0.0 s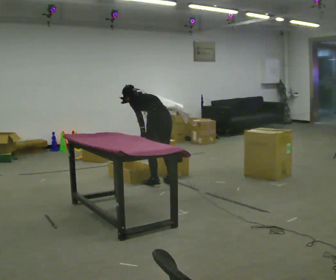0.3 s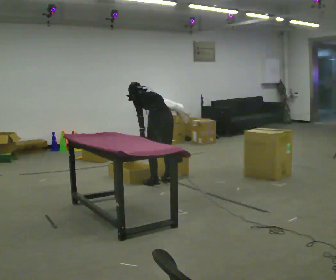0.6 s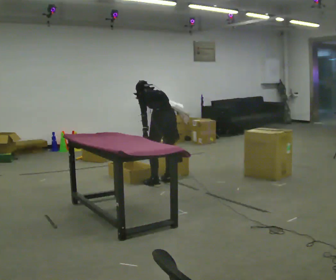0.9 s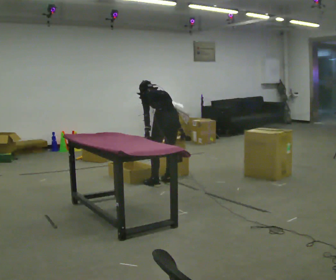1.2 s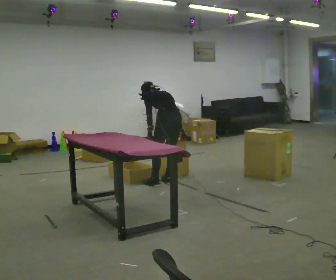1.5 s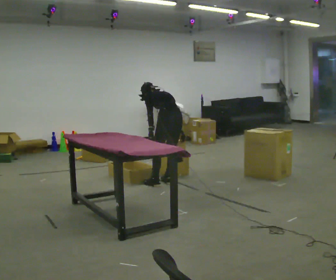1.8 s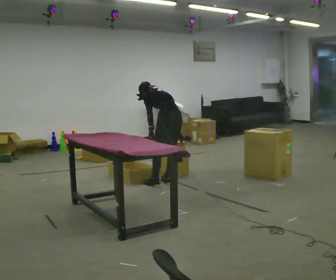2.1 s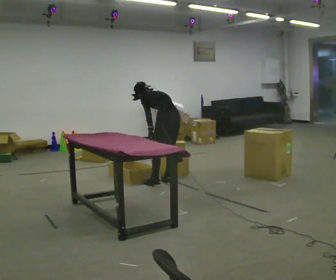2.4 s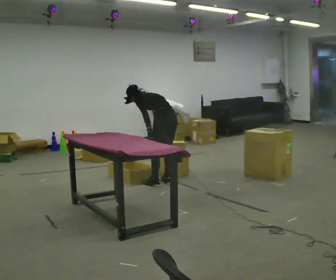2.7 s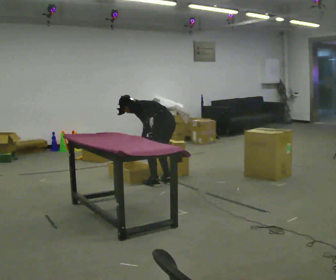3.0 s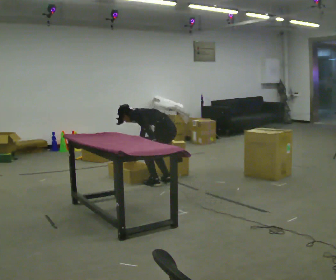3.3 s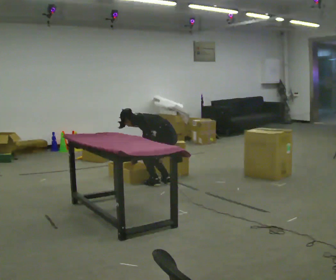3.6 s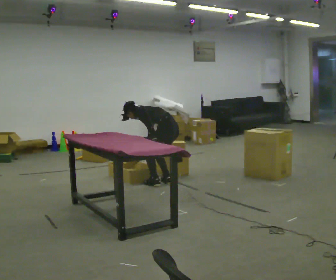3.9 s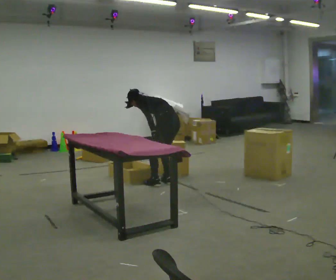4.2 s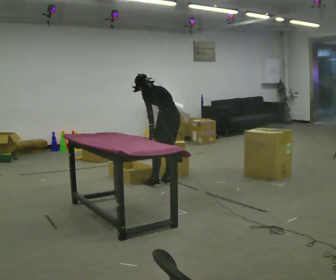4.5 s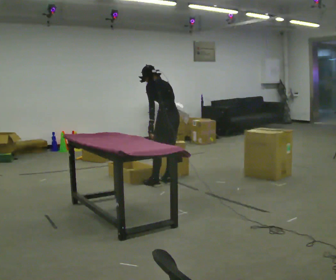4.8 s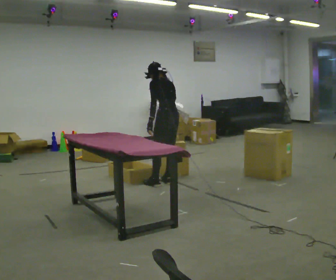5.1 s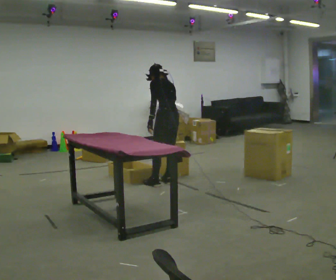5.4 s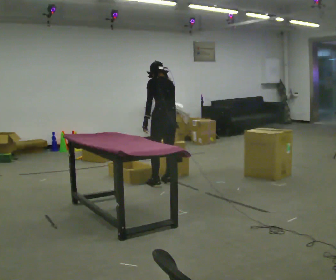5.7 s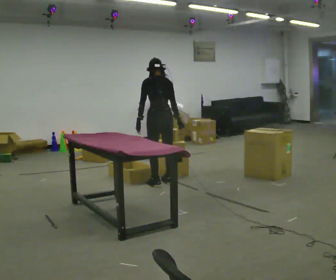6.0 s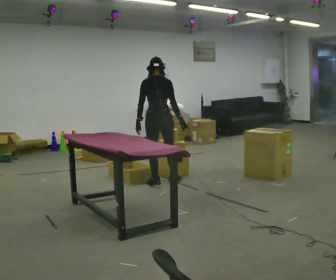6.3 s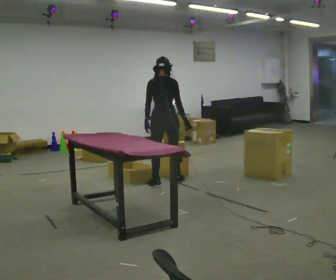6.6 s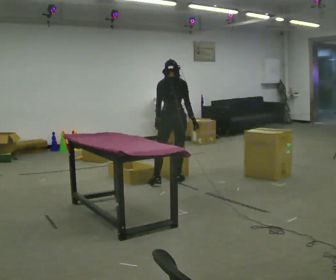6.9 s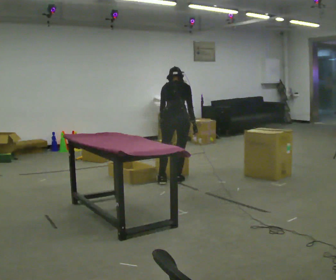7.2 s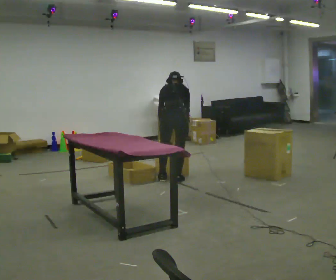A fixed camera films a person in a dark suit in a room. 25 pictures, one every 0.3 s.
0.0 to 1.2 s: In the picture the upper body tilts clockwise, shoulders to the right. In the picture their right hand goes to the right.
1.2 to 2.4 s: In the picture the upper body tilts counterclockwise, shoulders to the left. In the picture their right hand goes to the left.
2.4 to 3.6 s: The person moves a little, or ends about where they began.
3.6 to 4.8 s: The shoulders move upward. In the picture the upper body tilts clockwise, shoulders to the right, as they lean back or straighten.
4.8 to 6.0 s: Seen from above the body turns clockwise, about 45 degrees: to their right, with its near side sliding to the left. The upper body tips toward the camera, its near side rolling downward, as they lean back or straighten.
6.0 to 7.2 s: In the picture they go to the right, about 0.25 m in 1 step, which for them is to their right. The upper body tips away from the camera, its near side rolling upward, as they bend forward.
The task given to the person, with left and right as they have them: 1. Move everything from the second bin into the first bin. 2. Carry the empty bin to the shelf. 3. Carry the full bin to the table. 4. Tell the operator when you are finished.
The film runs forward here.
